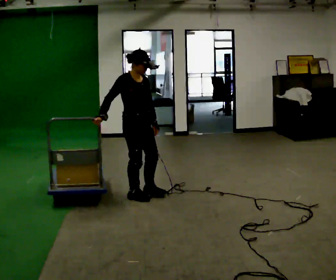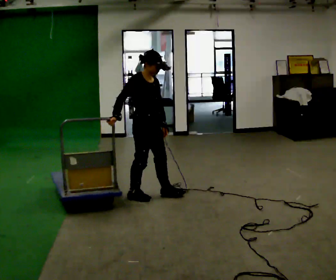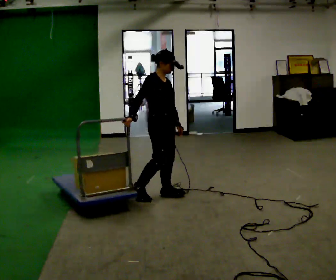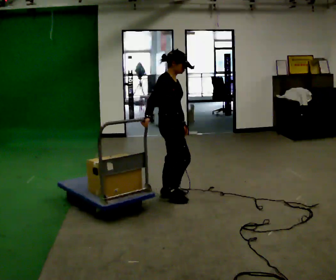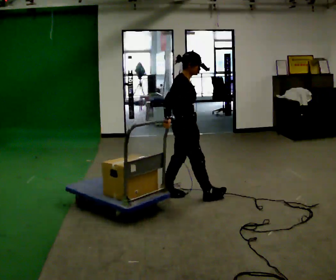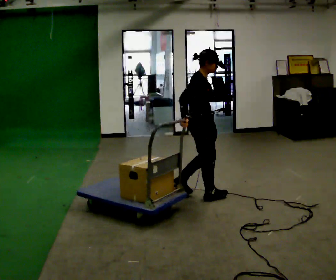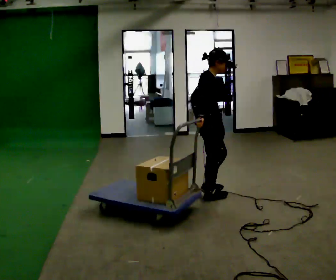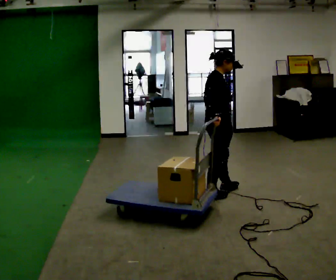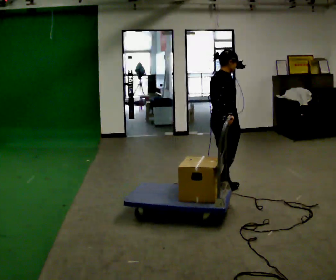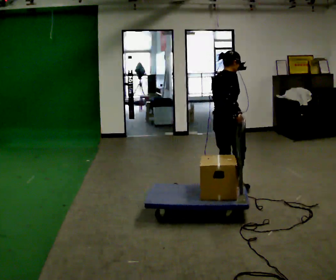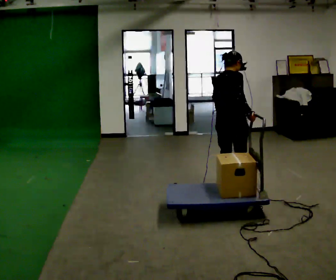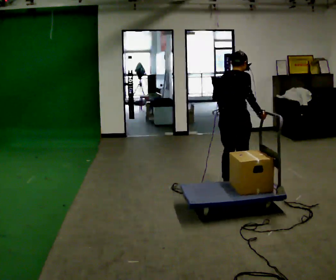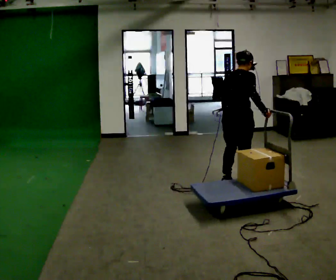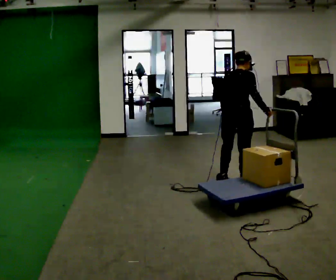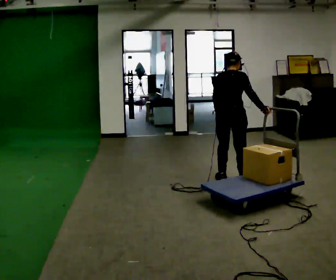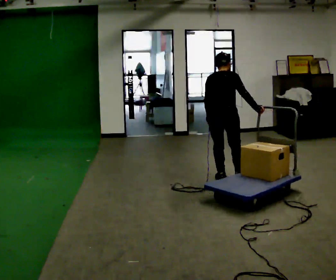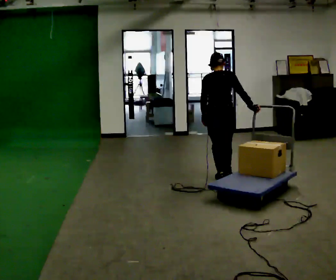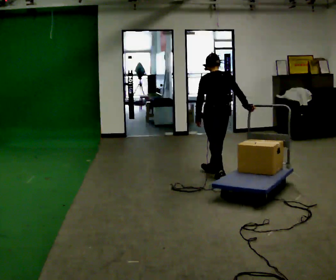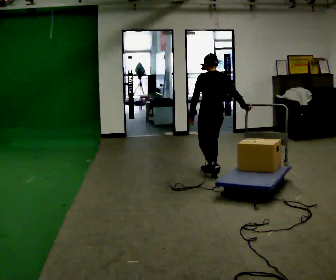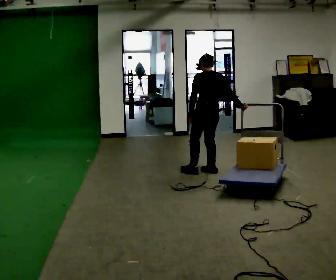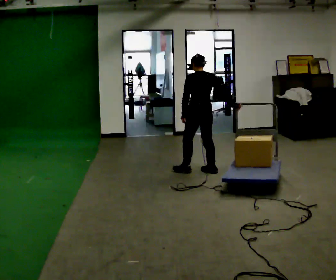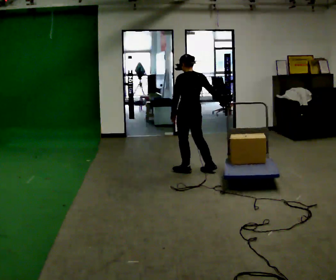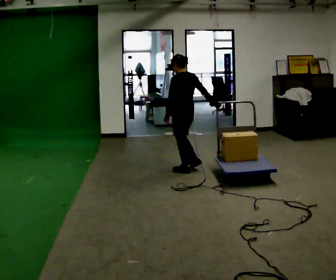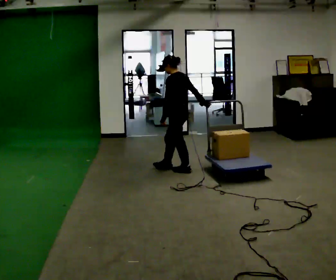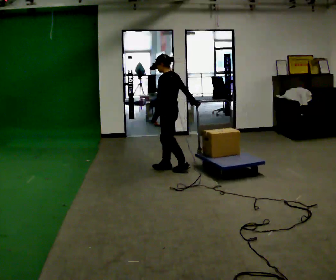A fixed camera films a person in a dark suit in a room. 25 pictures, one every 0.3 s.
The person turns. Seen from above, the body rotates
counterclockwise.
The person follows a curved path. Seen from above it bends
counterclockwise.
0.0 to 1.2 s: The person turns about 30 degrees to their left, counterclockwise seen from above, so the part of the body nearest the lens slides to the right. In the picture they go to the right, about 0.5 m in 2 steps, which for them is forward.
1.2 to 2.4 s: In the picture they go to the right, about 0.5 m in 1 step, which for them is forward.
2.4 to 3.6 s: Seen from above the body turns counterclockwise, about 30 degrees: to their left, with its near side sliding to the right. In the picture they go away from the camera and to the right, about 0.25 m in 1 step, which for them is forward.
3.6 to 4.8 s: The person turns about 30 degrees to their left, counterclockwise seen from above, so the part of the body nearest the lens slides to the right. In the picture they go away from the camera and to the left, about 0.25 m in 1 step, which for them is to their left and forward.
4.8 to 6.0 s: The part of the body nearest the lens slides to the right as the person turns to their left by about 30 degrees. In the picture they go away from the camera and to the left, about 0.25 m in 2 steps, which for them is forward.
6.0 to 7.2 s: Seen from above the body turns counterclockwise, about 45 degrees: to their left, with its near side sliding to the right. In the picture they go to the left, about 0.5 m in 1 step, which for them is forward.
The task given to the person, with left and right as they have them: Pull the cart behind you as you walk backward across the room. The operator will confirm the space behind you is clear before each take.
The film runs forward here.
